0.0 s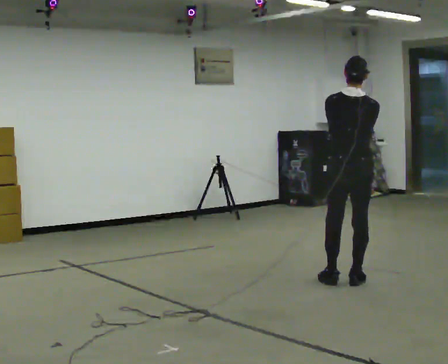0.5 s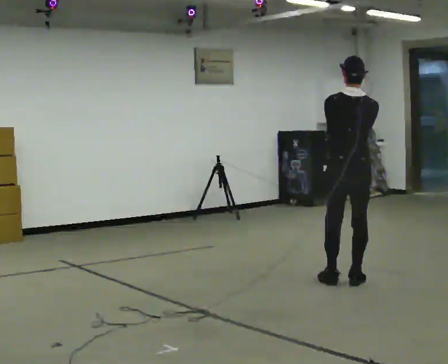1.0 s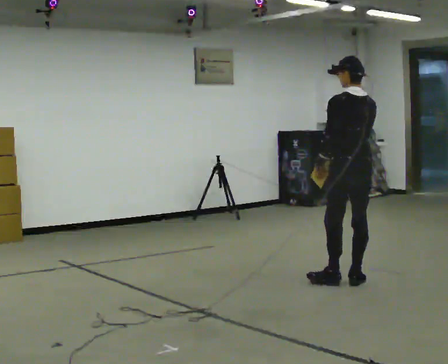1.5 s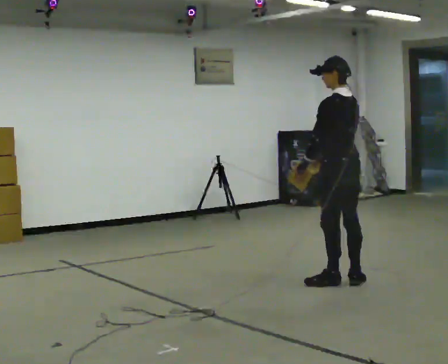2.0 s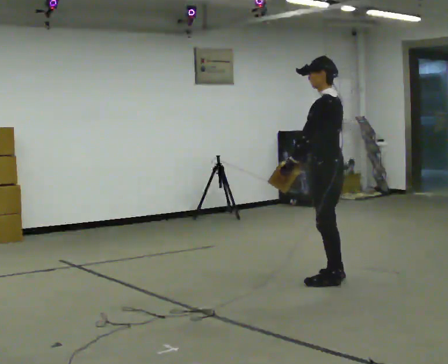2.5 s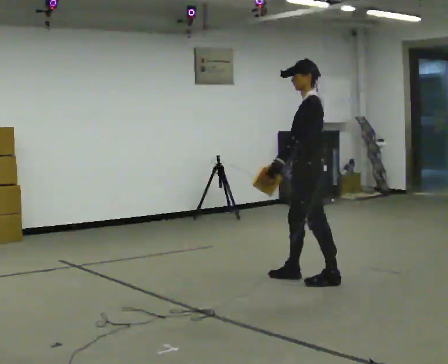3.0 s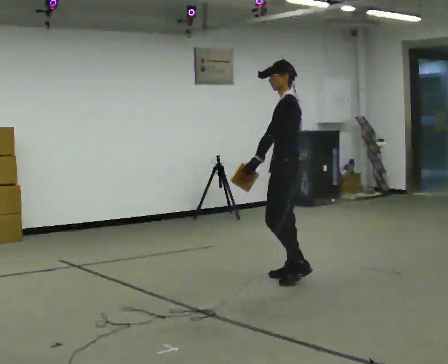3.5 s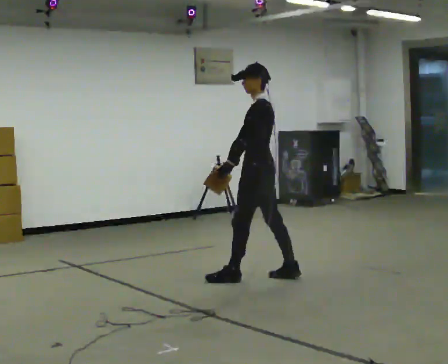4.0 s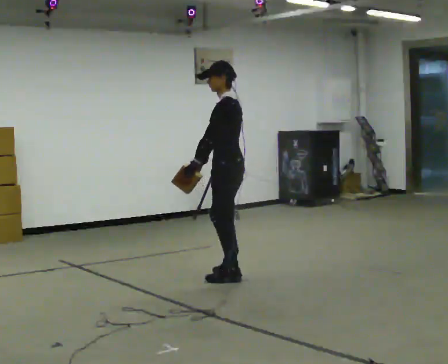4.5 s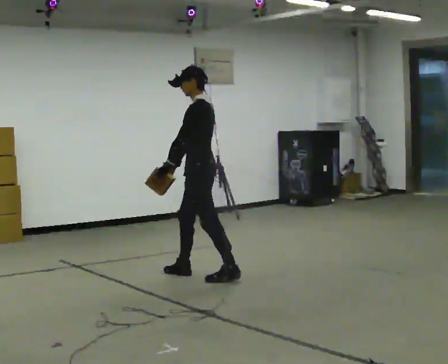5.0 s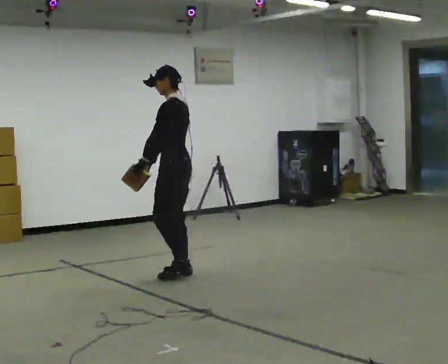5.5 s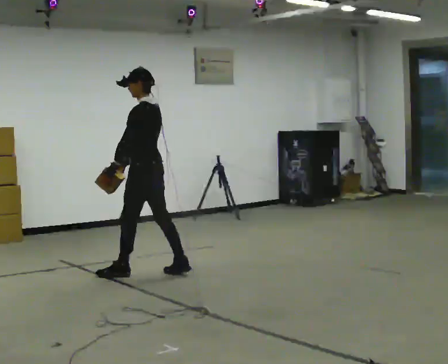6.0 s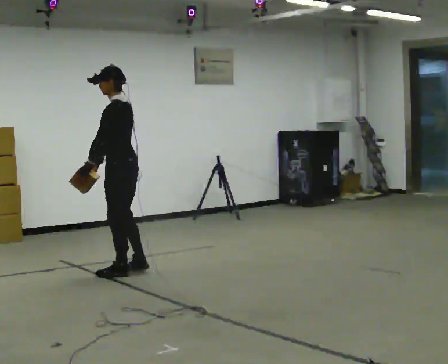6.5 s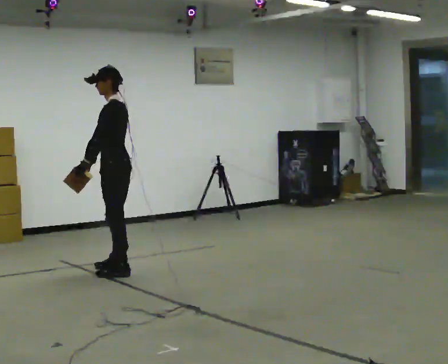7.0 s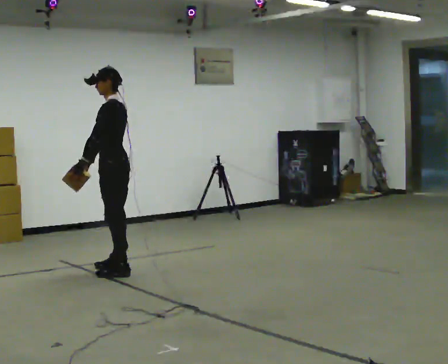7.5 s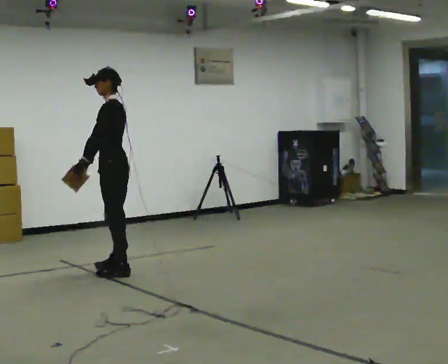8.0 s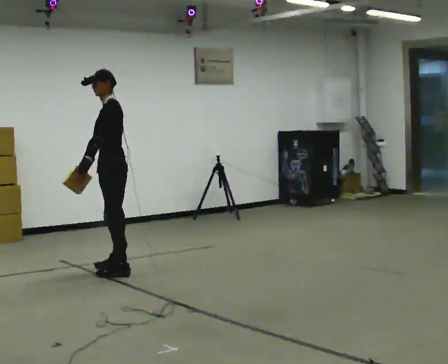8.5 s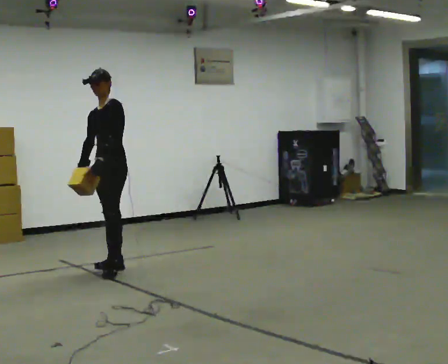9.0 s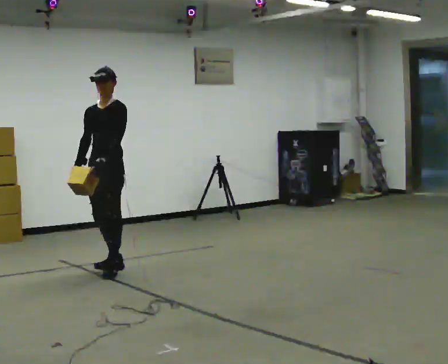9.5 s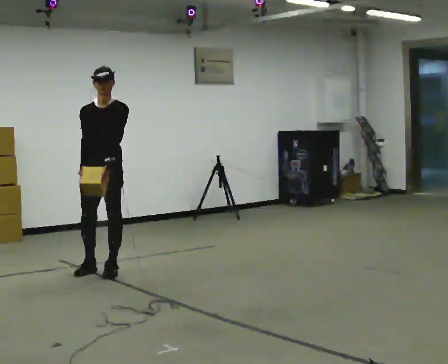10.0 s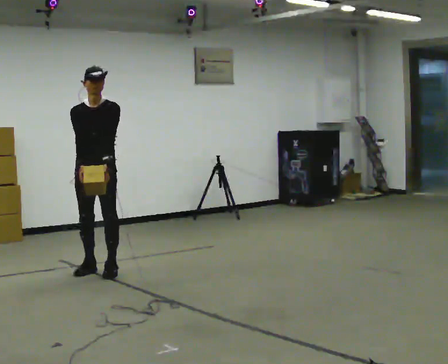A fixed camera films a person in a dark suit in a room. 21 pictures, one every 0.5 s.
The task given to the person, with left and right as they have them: Carry the light box in both hands in front of you, walking back and forth across the room. Keep walking until the operator says stop.
0.0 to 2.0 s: The part of the body nearest the lens slides to the right as the person turns to their left by about 75 degrees. In the picture they go to the left, about 0.25 m. In the picture their left hand goes to the left.
2.0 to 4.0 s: In the picture they go to the left, about 1 m in 2 steps, which for them is forward.
4.0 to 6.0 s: In the picture they go to the left, about 1 m in 2 steps, which for them is forward.
6.0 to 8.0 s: The part of the body nearest the lens slides to the right as the person turns to their left by about 30 degrees. In the picture they go away from the camera, about 0.25 m in 1 step, which for them is to their right.
8.0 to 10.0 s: Seen from above the body turns counterclockwise, about 75 degrees: to their left, with its near side sliding to the right. In the picture they go to the left, about 0.25 m in 1 step.
The film runs forward here.
